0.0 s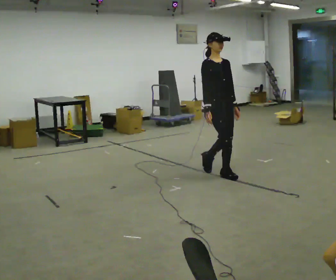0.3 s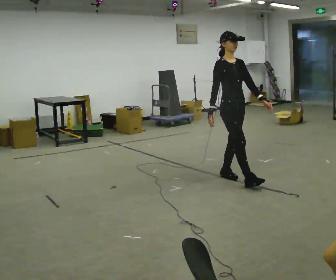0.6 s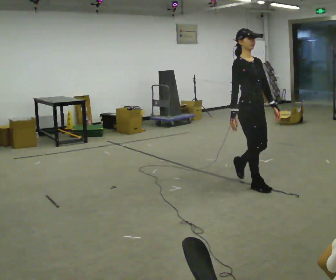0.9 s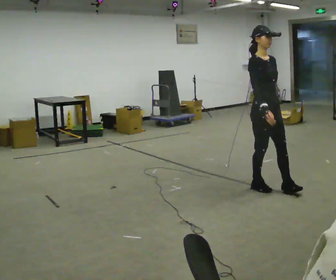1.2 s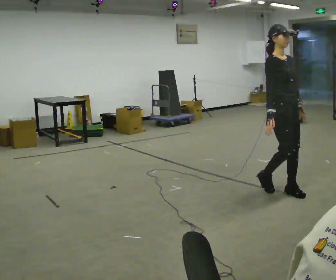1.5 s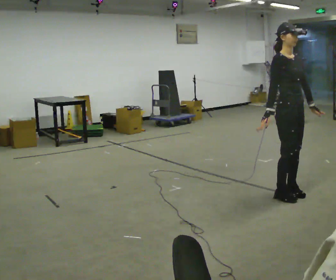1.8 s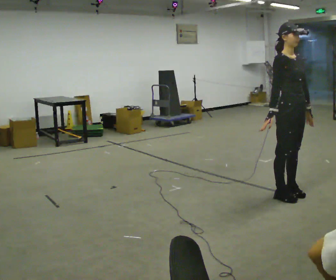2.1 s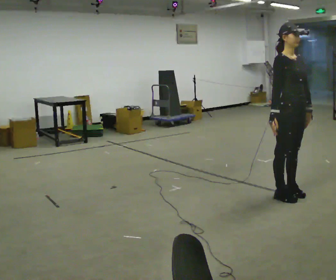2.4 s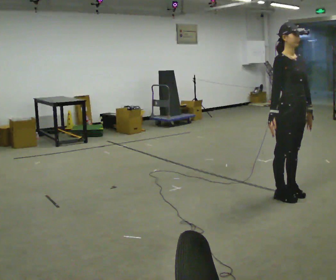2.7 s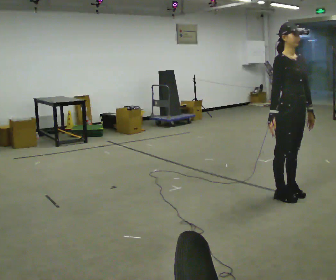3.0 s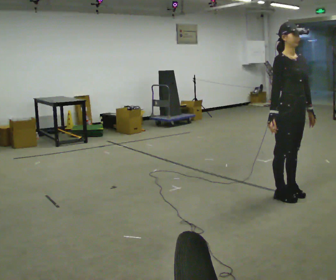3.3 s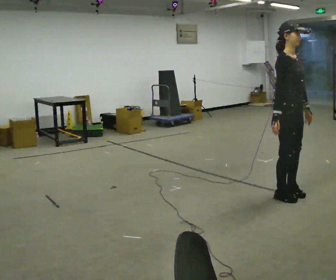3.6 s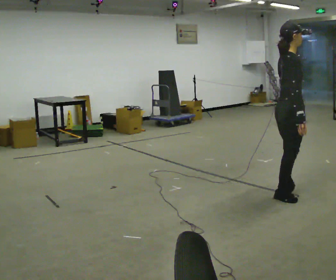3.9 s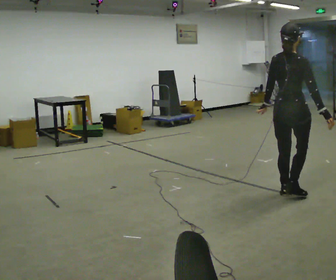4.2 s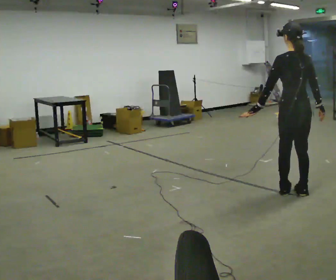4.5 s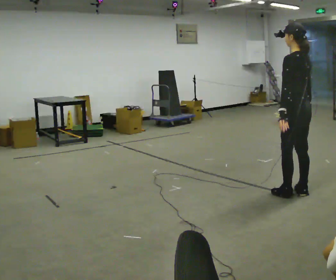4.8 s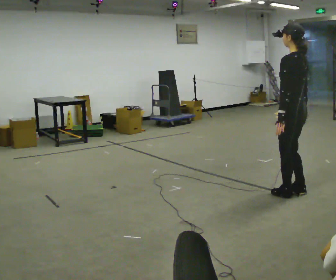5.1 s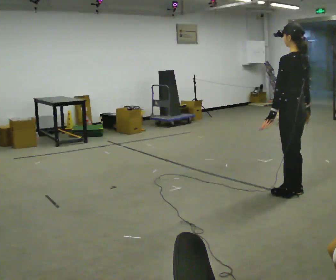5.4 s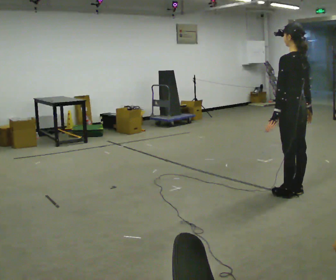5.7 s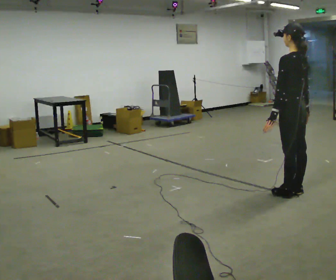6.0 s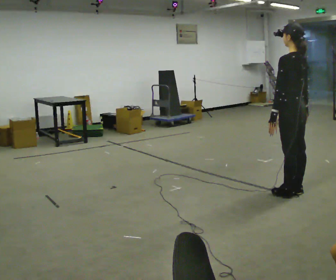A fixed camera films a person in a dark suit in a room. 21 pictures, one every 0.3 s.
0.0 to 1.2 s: In the picture they go to the right and toward the camera, about 1 m in 2 steps, which for them is forward.
1.2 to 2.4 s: The person moves a little, or ends about where they began.
2.4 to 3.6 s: The part of the body nearest the lens slides to the right as the person turns to their left by about 60 degrees.
3.6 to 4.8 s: The part of the body nearest the lens slides to the right as the person turns to their left by about 120 degrees.
4.8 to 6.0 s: The person moves a little, or ends about where they began.
The film runs forward here.
